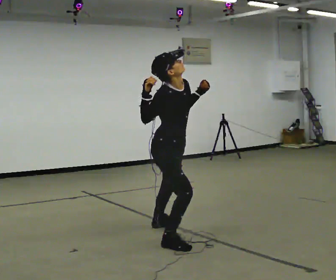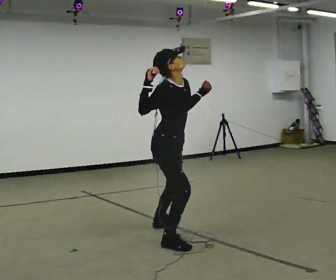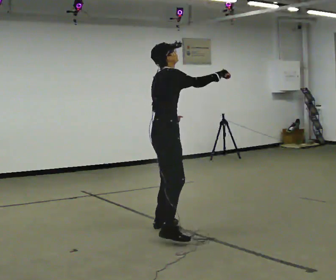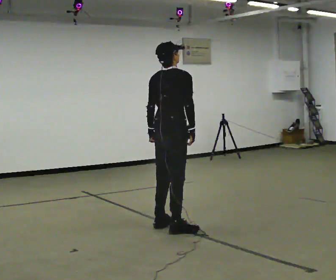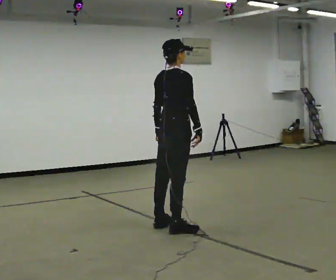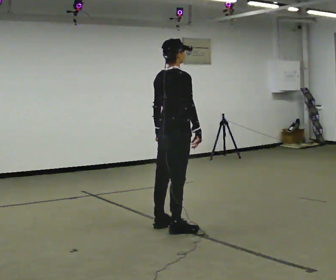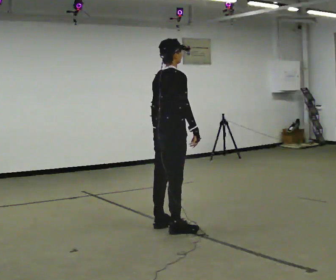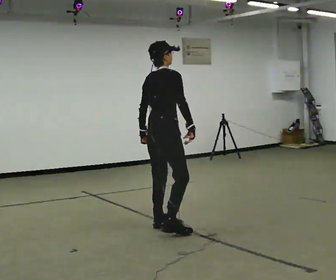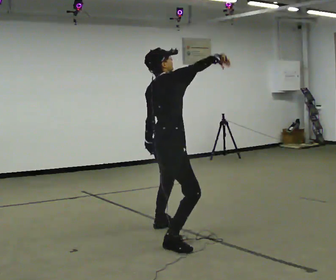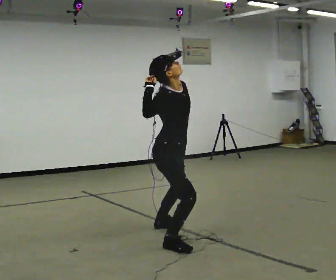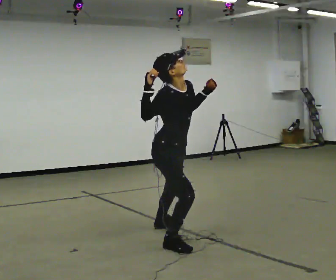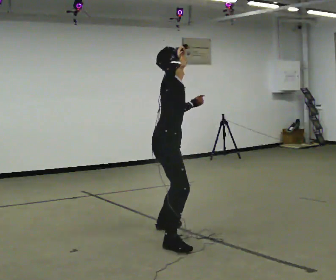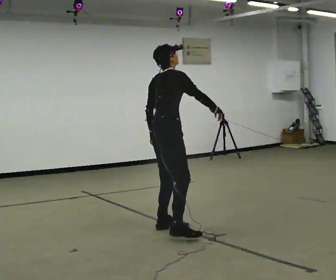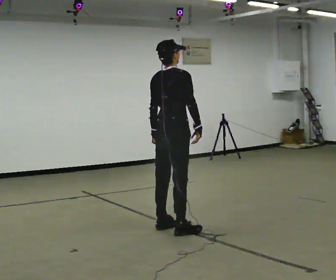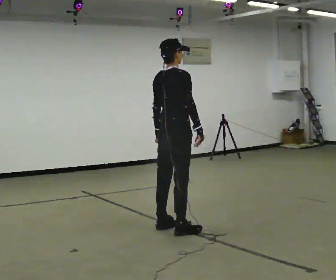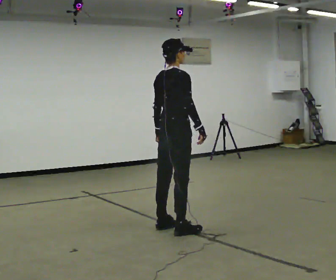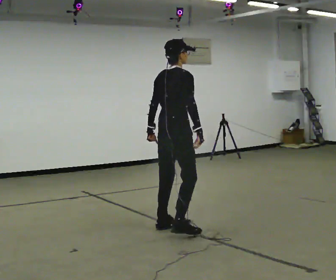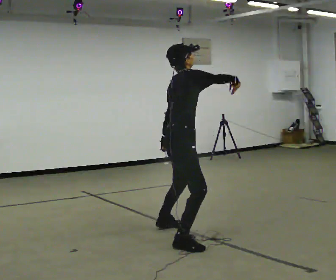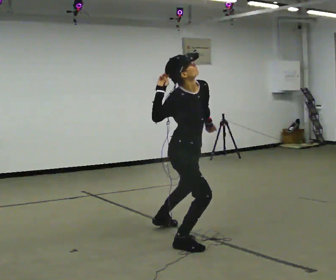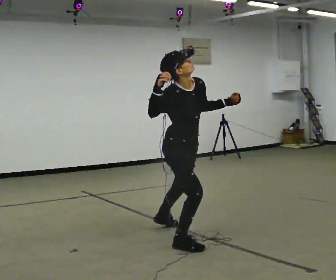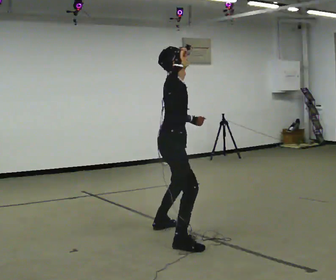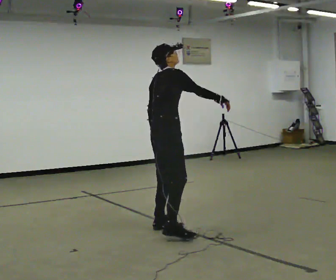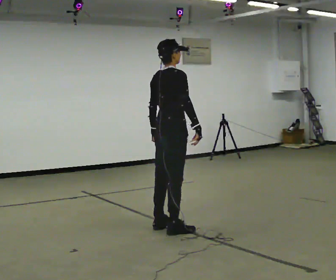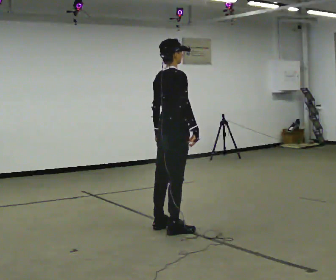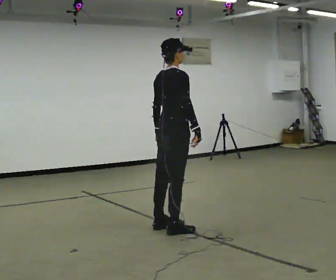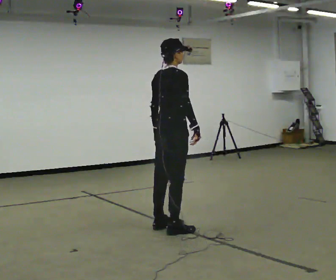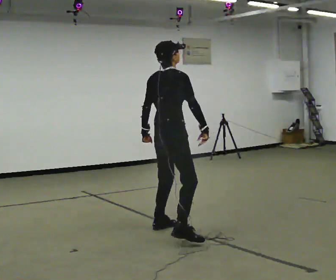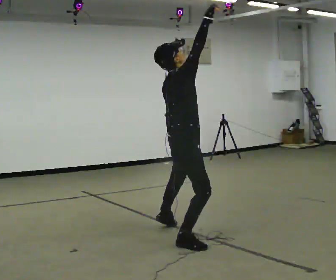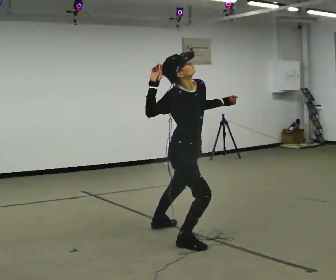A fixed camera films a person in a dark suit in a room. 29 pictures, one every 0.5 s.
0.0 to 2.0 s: The part of the body nearest the lens slides to the right as the person turns to their left by about 75 degrees. In the picture they go away from the camera, about 0.25 m in 1 step. In the picture their right hand goes downward.
2.0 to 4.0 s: In the picture they go toward the camera, about 0.25 m in 1 step, which for them is backward and to their right. In the picture their right hand goes upward, the arm swinging counterclockwise.
4.0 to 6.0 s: In the picture they go away from the camera, about 0.25 m in 1 step, which for them is to their left and backward.
6.0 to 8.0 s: The person moves a little, or ends about where they began.
8.0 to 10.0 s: The person turns about 60 degrees to their right, clockwise seen from above, so the part of the body nearest the lens slides to the left. In the picture they go toward the camera, about 0.25 m. In the picture their right hand goes upward.
10.0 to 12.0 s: The part of the body nearest the lens slides to the right as the person turns to their left by about 45 degrees. In the picture they go away from the camera, about 0.25 m in 1 step, which for them is forward and to their left. In the picture their right hand goes downward.
12.0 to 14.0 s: The part of the body nearest the lens slides to the left as the person turns to their right by about 60 degrees. In the picture they go toward the camera, about 0.25 m in 1 step. The upper body tips toward the camera, its near side rolling downward. In the picture their right hand goes upward.
The film runs backward here.
